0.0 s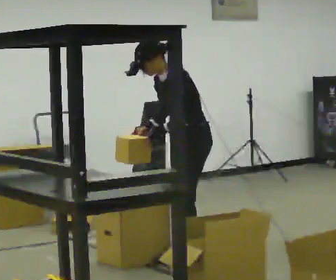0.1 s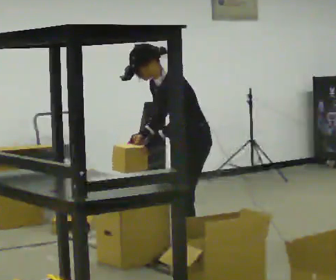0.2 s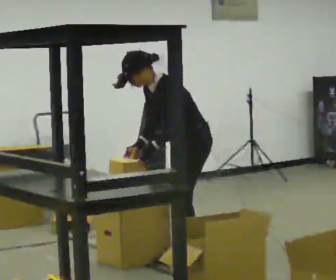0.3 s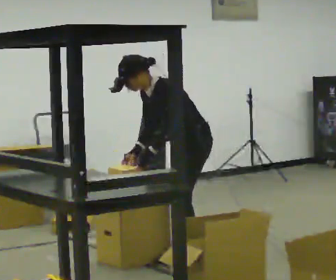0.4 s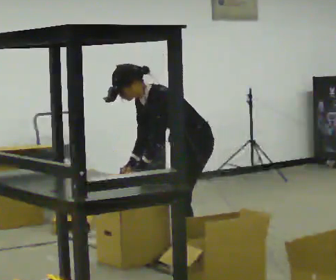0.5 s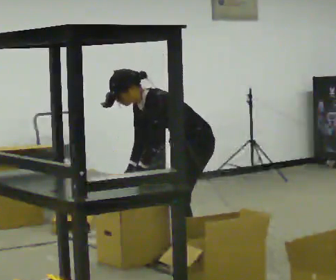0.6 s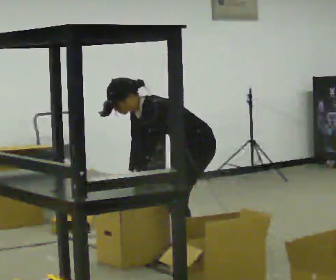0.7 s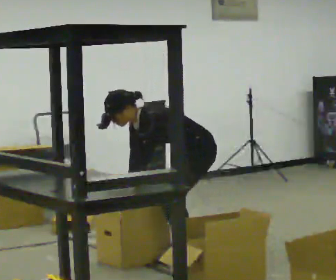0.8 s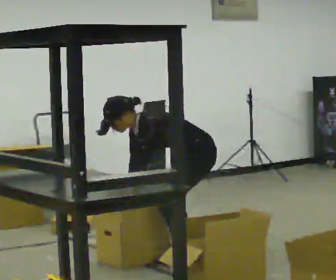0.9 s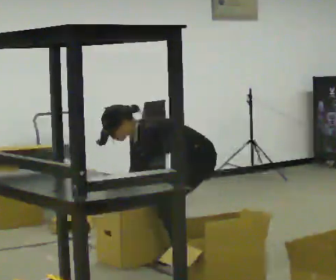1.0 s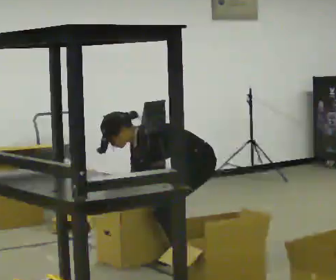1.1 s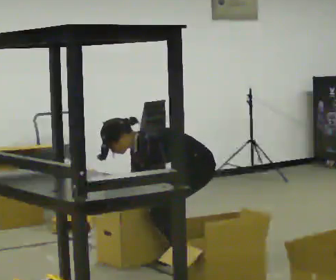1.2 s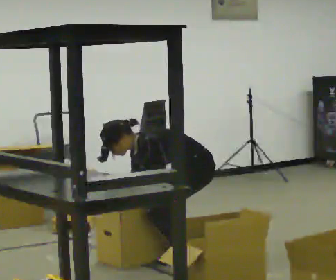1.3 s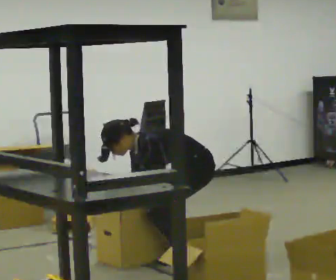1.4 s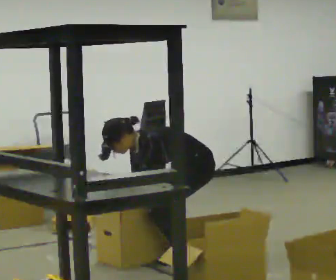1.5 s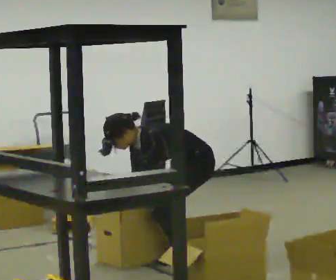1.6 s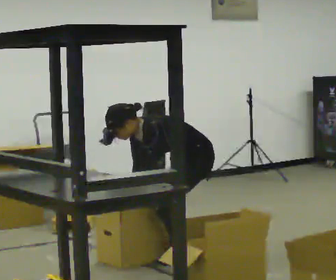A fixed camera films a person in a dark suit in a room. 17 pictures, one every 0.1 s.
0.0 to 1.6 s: In the picture the upper body tilts counterclockwise, shoulders to the left, as they bend forward. In the picture their right hand goes downward.
The film runs forward here.
